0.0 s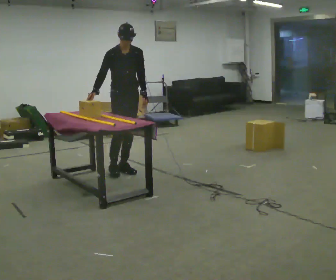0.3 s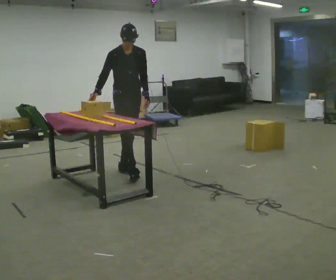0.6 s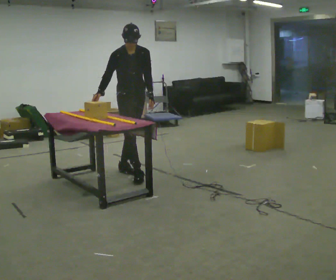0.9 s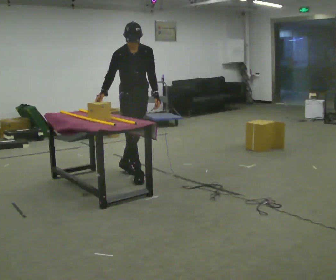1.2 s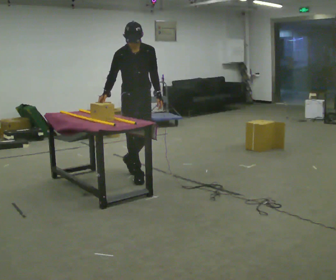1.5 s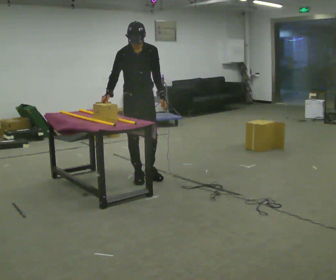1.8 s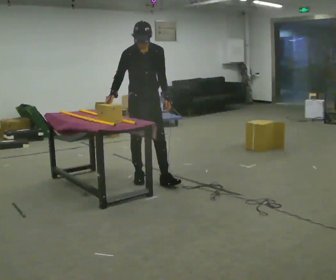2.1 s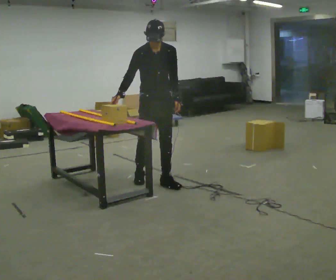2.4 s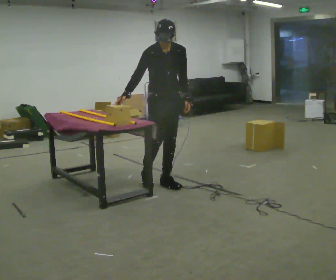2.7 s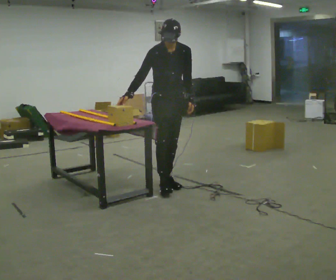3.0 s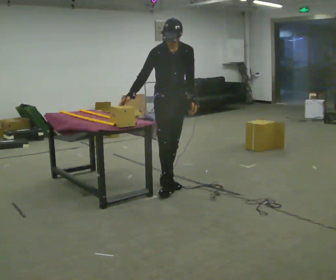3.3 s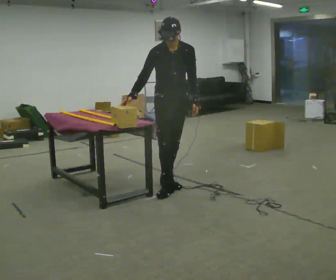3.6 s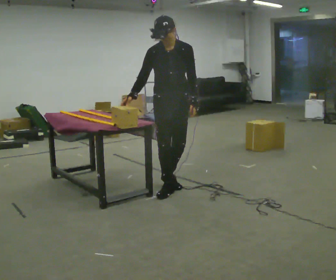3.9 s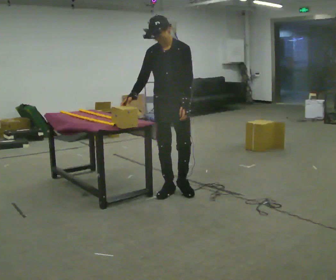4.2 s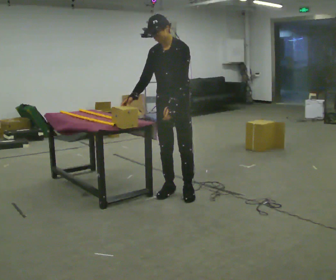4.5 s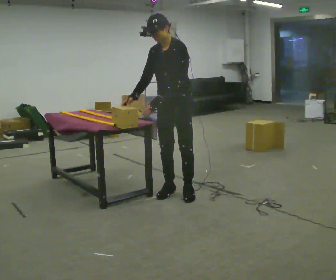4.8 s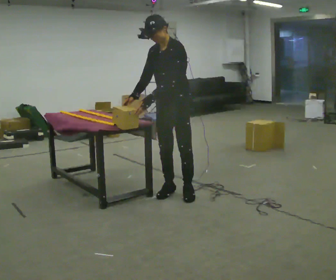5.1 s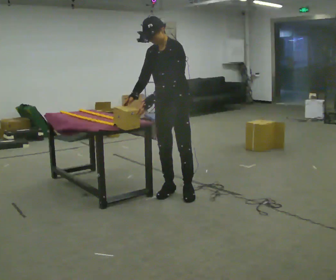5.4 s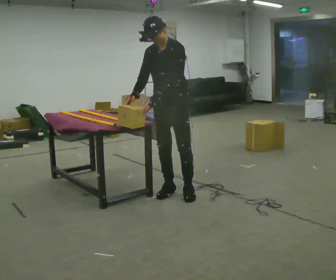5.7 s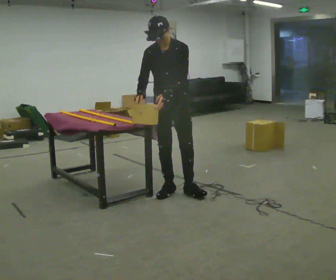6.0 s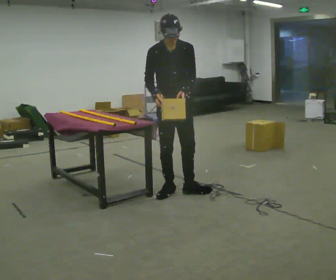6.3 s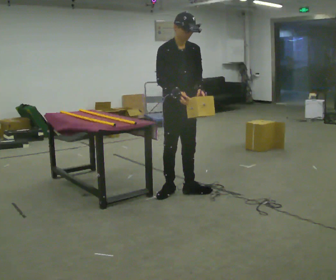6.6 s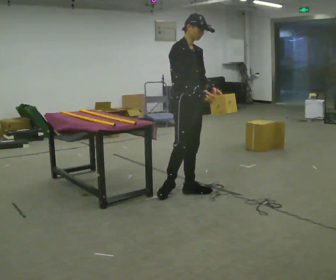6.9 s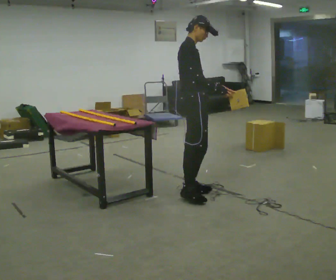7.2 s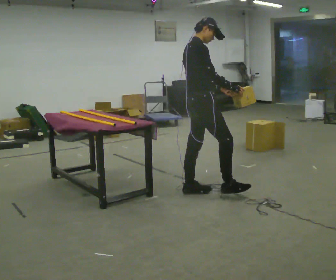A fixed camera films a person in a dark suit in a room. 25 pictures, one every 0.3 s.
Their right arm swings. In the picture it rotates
counterclockwise.
0.0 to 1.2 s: In the picture they go toward the camera, about 0.25 m in 1 step, which for them is forward.
1.2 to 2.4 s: In the picture they go to the right and toward the camera, about 0.25 m in 1 step, which for them is forward and to their left.
2.4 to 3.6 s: In the picture they go toward the camera, about 0.25 m in 1 step, which for them is forward.
3.6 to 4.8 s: The person turns about 30 degrees to their right, clockwise seen from above, so the part of the body nearest the lens slides to the left. In the picture their left hand goes to the left.
4.8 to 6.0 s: The part of the body nearest the lens slides to the right as the person turns to their left by about 60 degrees.
6.0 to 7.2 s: Seen from above the body turns counterclockwise, about 90 degrees: to their left, with its near side sliding to the right. In the picture they go to the right, about 0.25 m. In the picture their right hand goes to the right, the arm swinging counterclockwise.
The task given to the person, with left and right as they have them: Carry the object across the room and slide it into the slot on the shelf. It is a close fit, so take the time you need. Keep going until the operator says stop; one object at a time, and do not rush between trips.
The film runs forward here.
